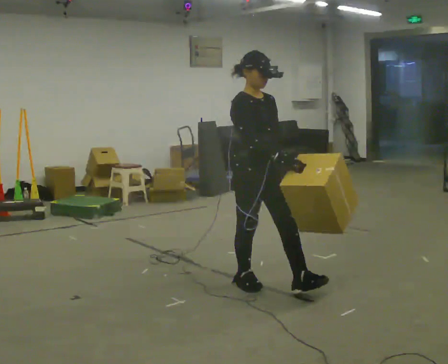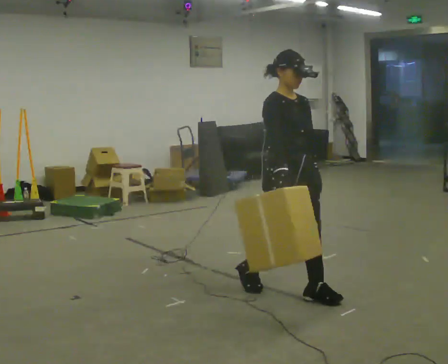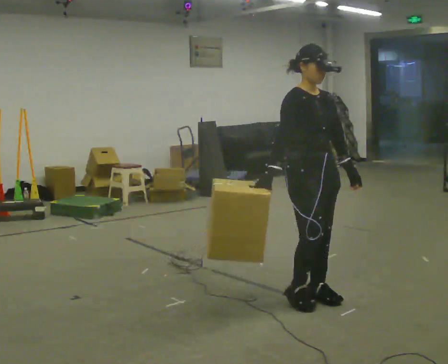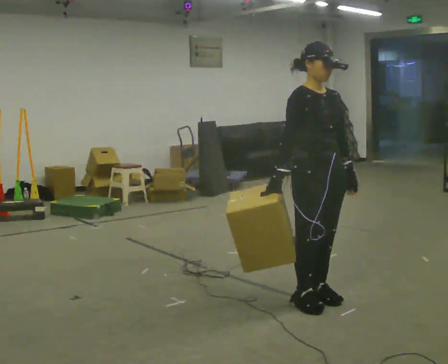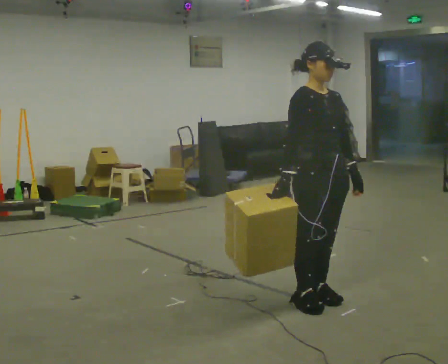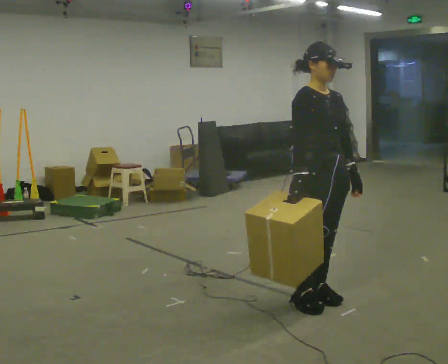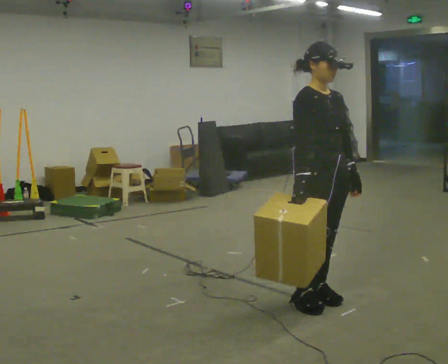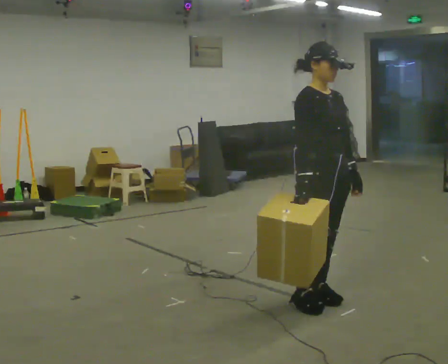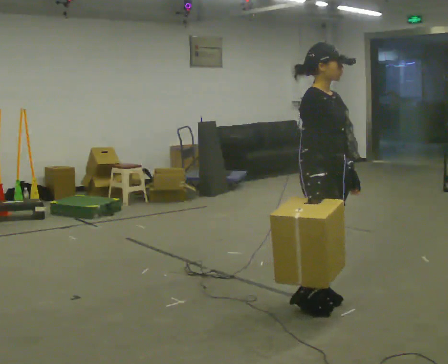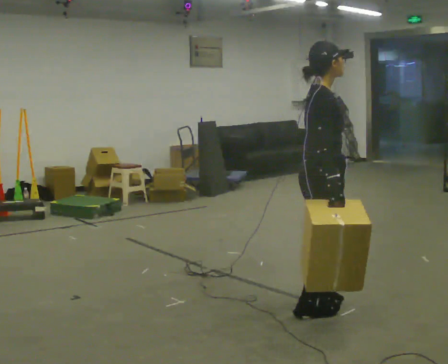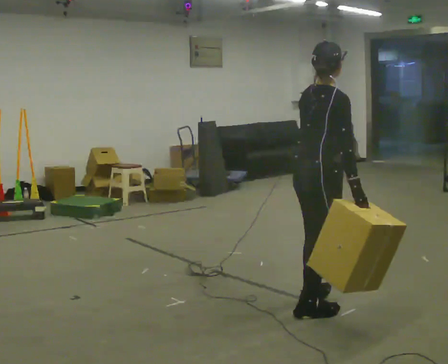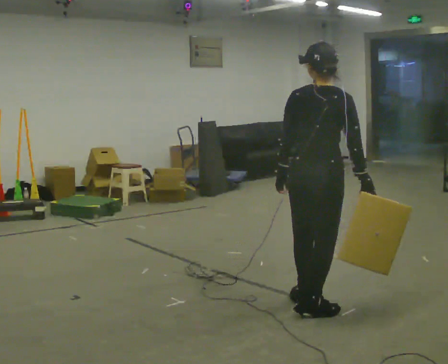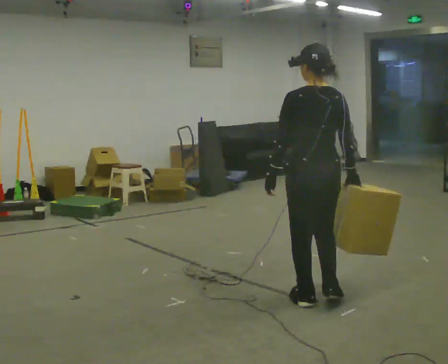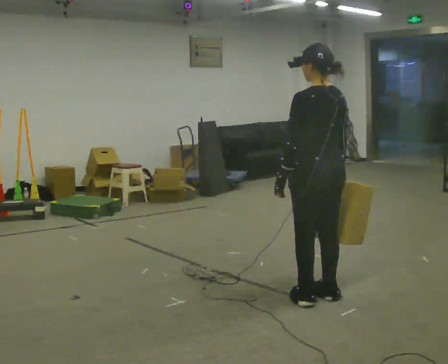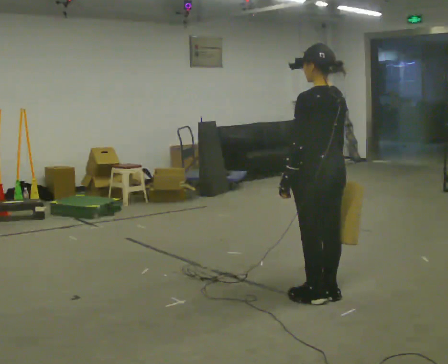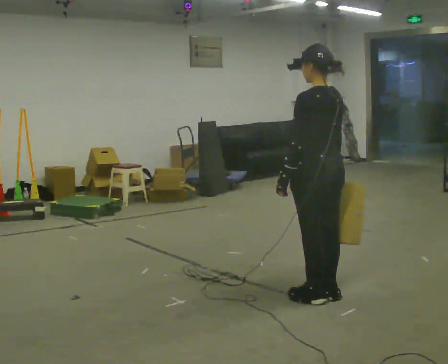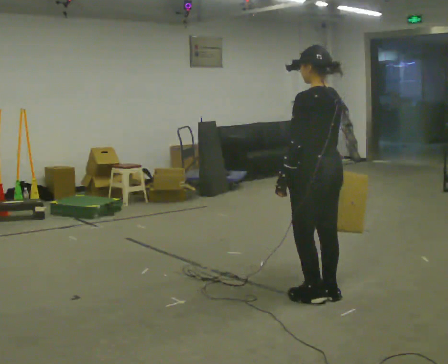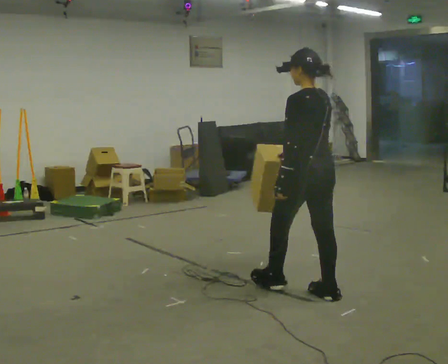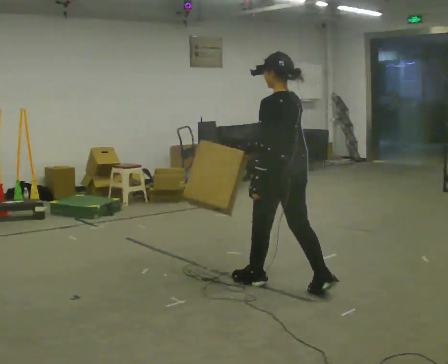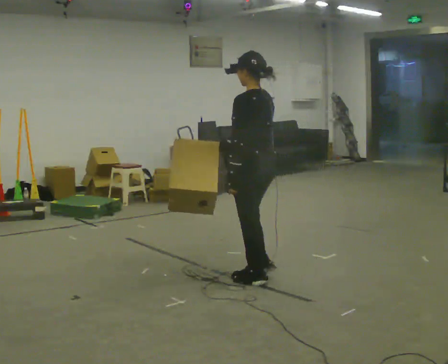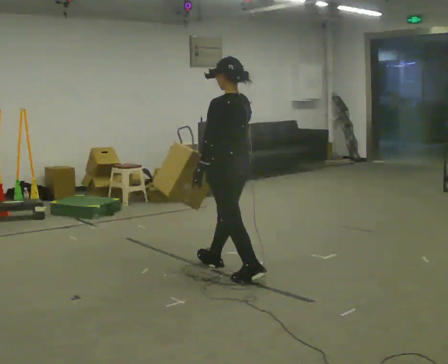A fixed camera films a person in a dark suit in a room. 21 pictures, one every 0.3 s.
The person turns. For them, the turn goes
to their left.
The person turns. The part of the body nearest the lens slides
to the right.
0.0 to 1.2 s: In the picture they go to the right and toward the camera, about 0.5 m in 2 steps, which for them is forward.
1.2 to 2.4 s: The person moves a little, or ends about where they began.
2.4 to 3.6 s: The part of the body nearest the lens slides to the right as the person turns to their left by about 135 degrees. In the picture their left hand goes to the left, the arm swinging clockwise.
3.6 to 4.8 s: The person moves a little, or ends about where they began.
4.8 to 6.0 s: In the picture they go to the left and away from the camera, about 1 m in 2 steps, which for them is forward.
The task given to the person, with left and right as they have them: Carry the object in the hand the operator calls, down at your side, walking back and forth across the room.
The film runs forward here.
